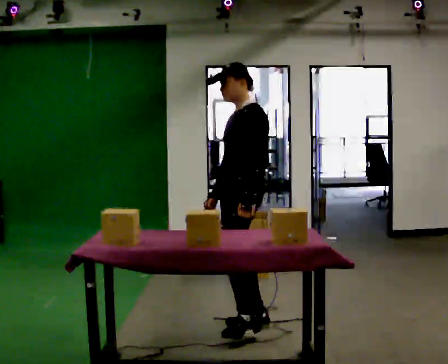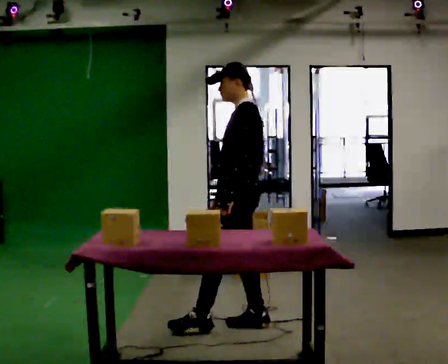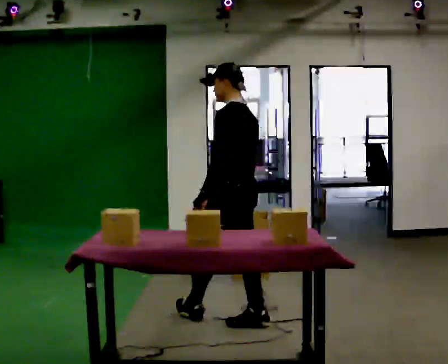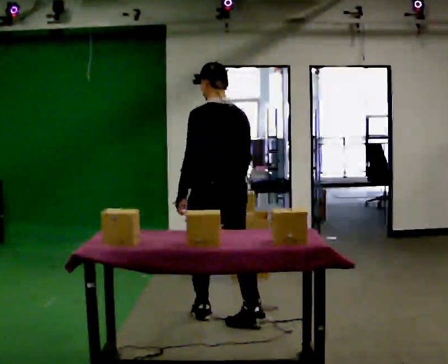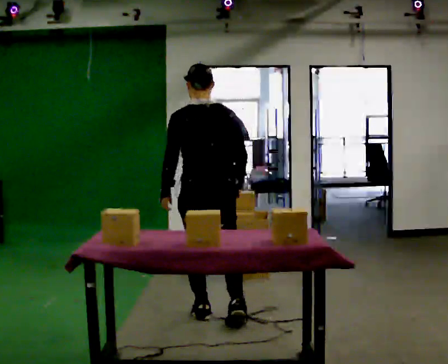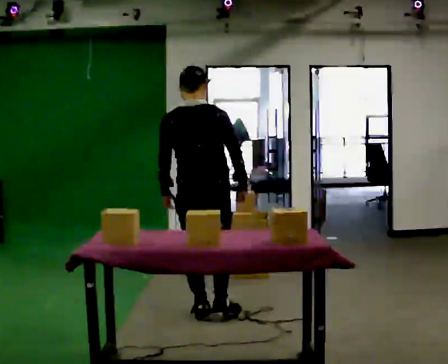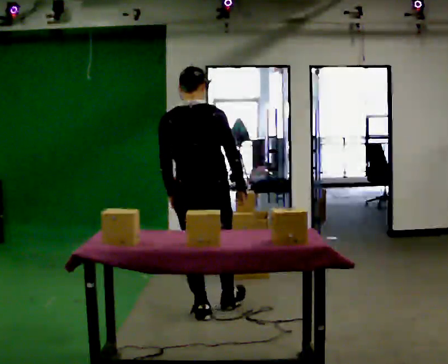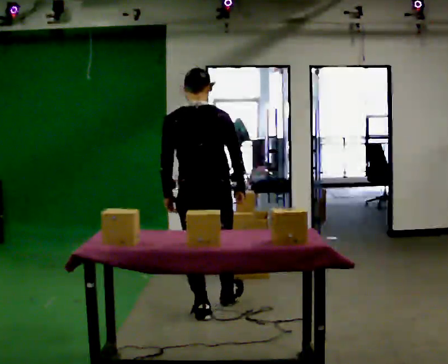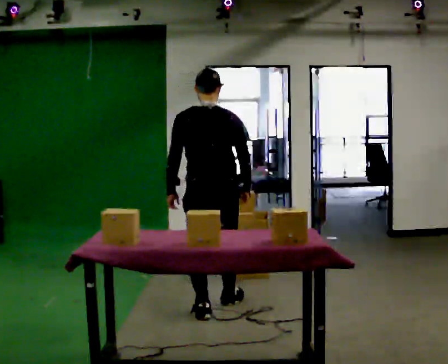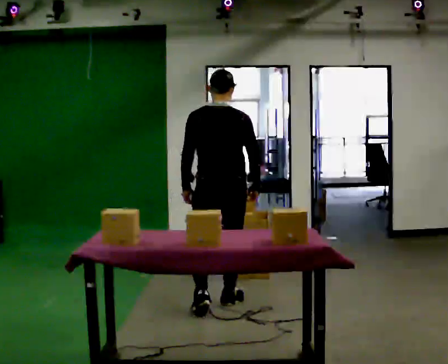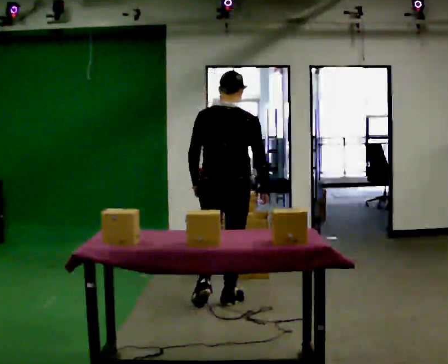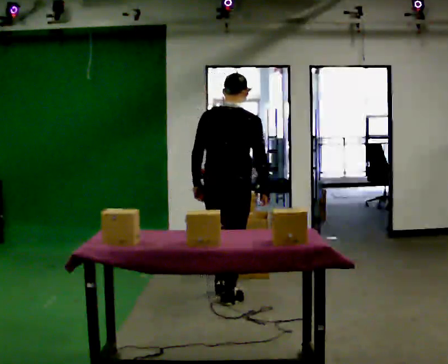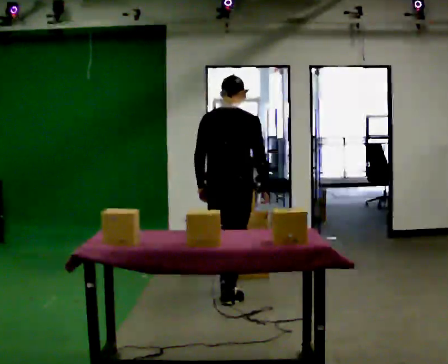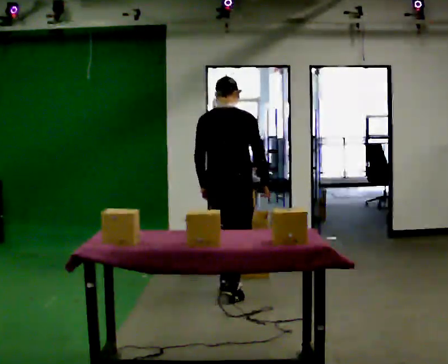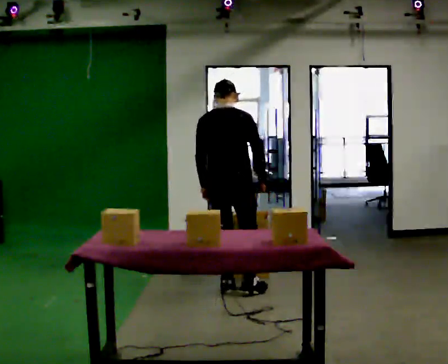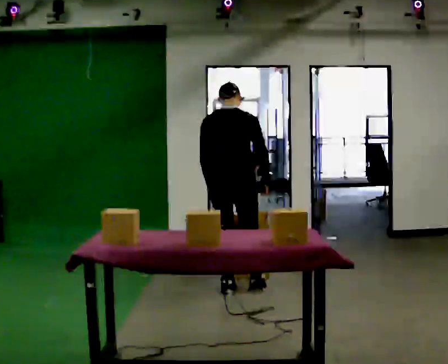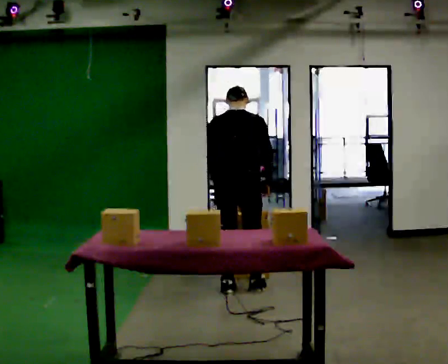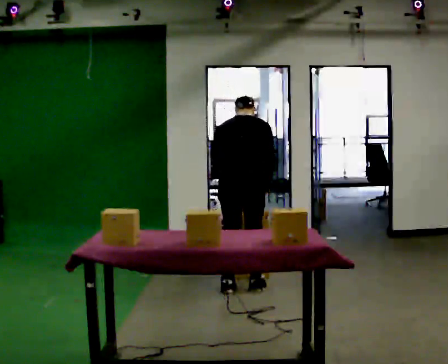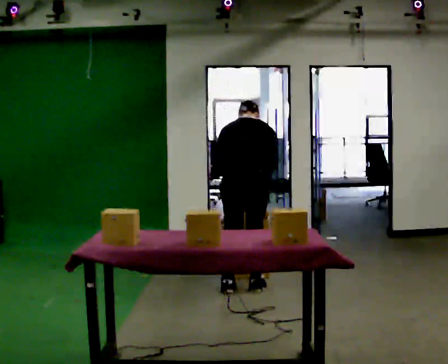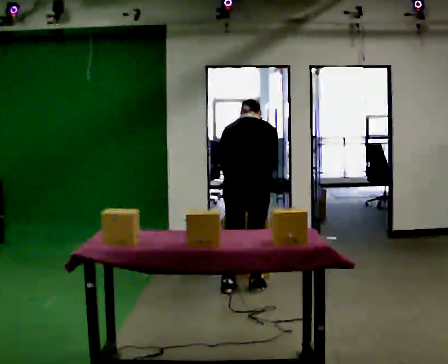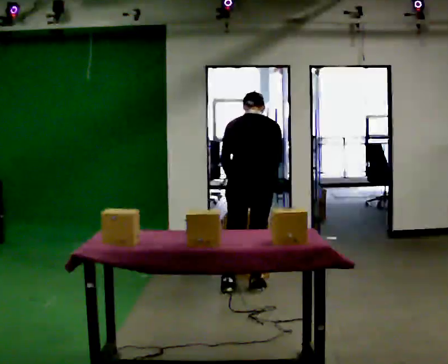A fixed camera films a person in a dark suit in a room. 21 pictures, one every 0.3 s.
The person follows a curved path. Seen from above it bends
clockwise.
The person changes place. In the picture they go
away from the camera.
0.0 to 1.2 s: Seen from above the body turns clockwise, about 105 degrees: to their right, with its near side sliding to the left. In the picture they go to the left and away from the camera, about 0.25 m in 1 step.
1.2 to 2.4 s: In the picture they go away from the camera, about 0.25 m in 1 step, which for them is forward.
2.4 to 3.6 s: The part of the body nearest the lens slides to the left as the person turns to their right by about 30 degrees. In the picture they go away from the camera, about 0.25 m in 1 step, which for them is forward.
3.6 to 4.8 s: In the picture they go away from the camera, about 0.25 m in 1 step, which for them is forward. The upper body tips away from the camera, its near side rolling upward, as they bend forward.
4.8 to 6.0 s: The person moves a little, or ends about where they began.
The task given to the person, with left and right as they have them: Carry the box over and put it on the shelf with the label facing out towards you. Get the orientation right, not just the position. Keep going until the operator says stop; one object at a time, and do not rush between trips.
The film runs forward here.
